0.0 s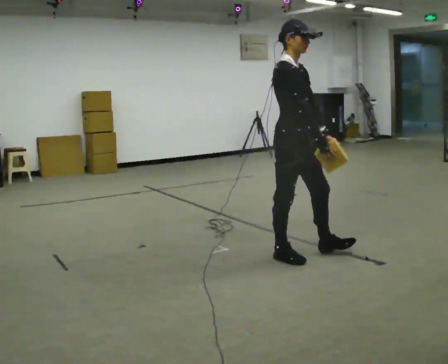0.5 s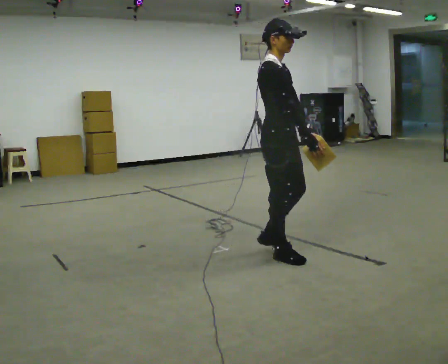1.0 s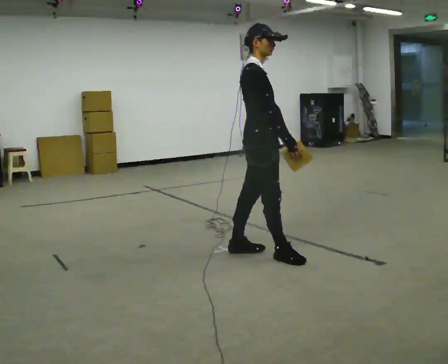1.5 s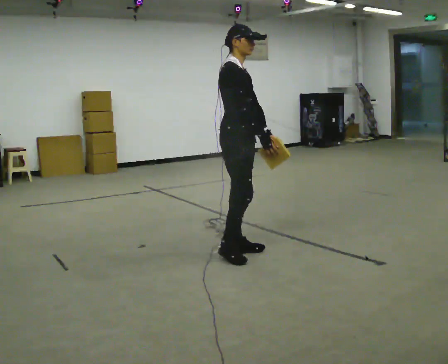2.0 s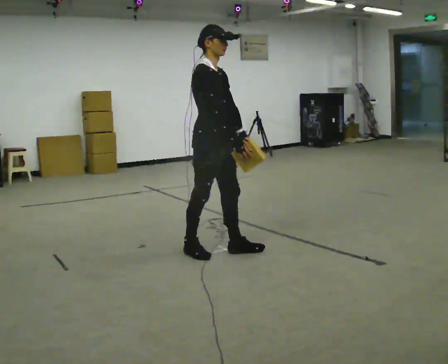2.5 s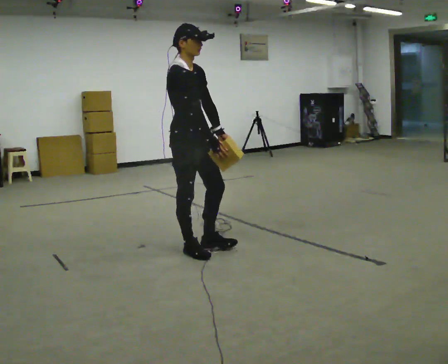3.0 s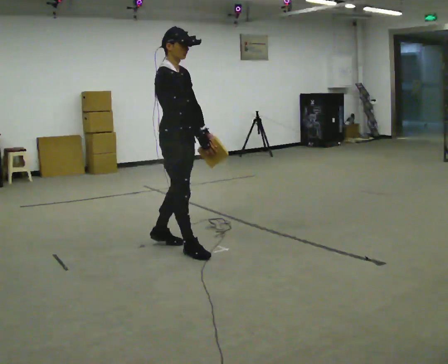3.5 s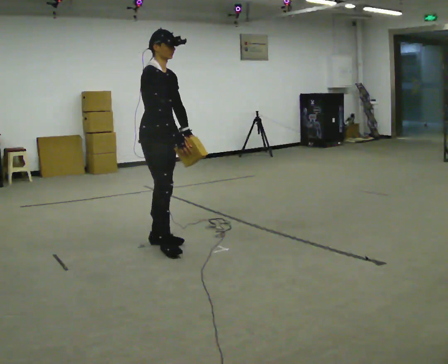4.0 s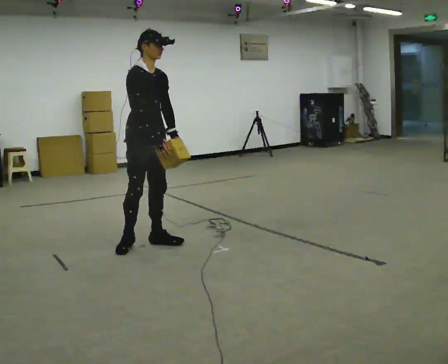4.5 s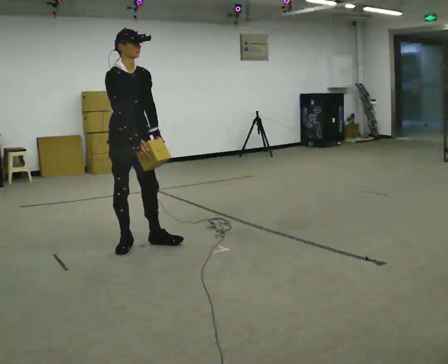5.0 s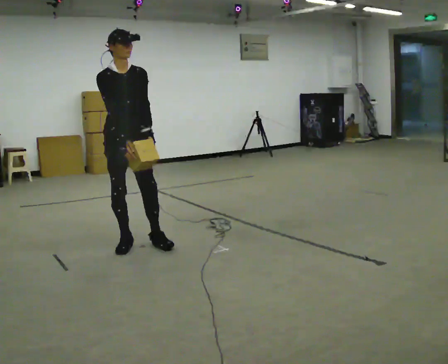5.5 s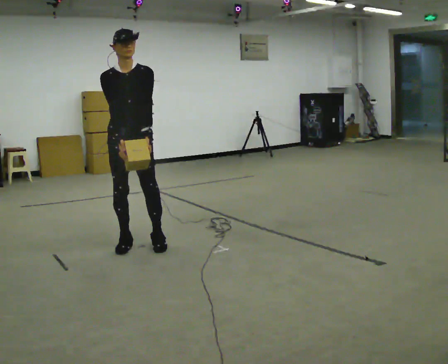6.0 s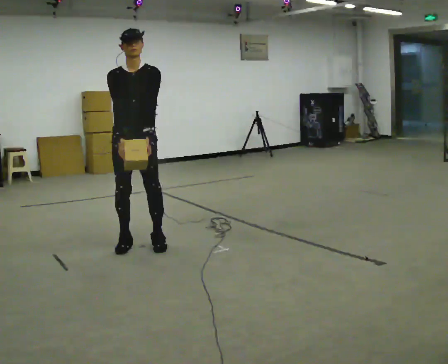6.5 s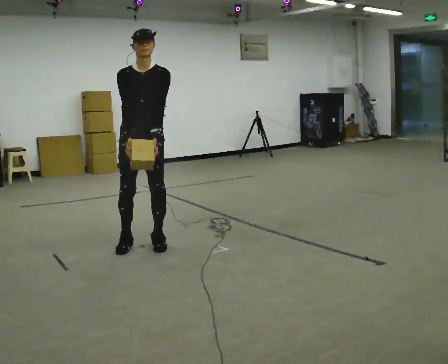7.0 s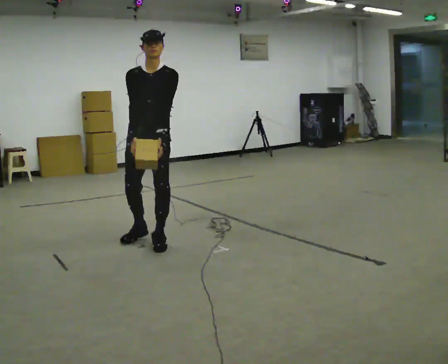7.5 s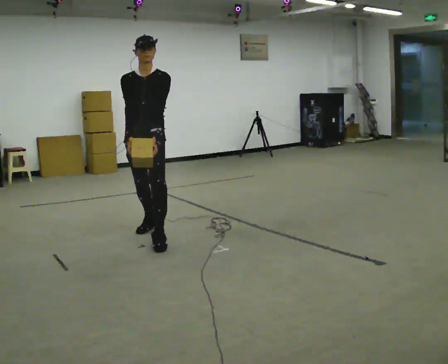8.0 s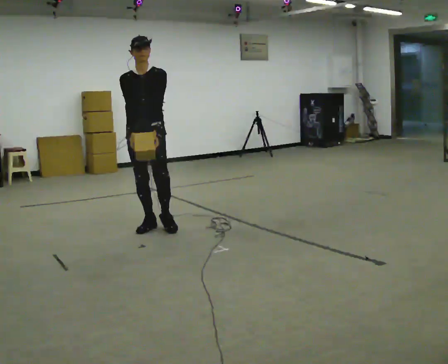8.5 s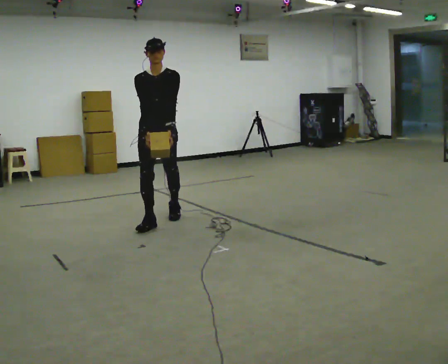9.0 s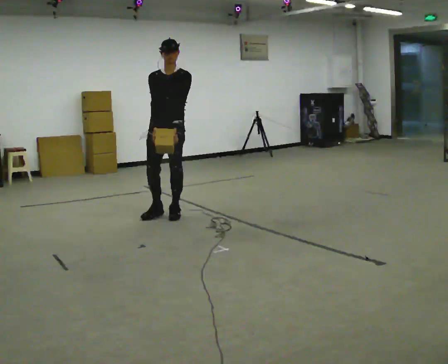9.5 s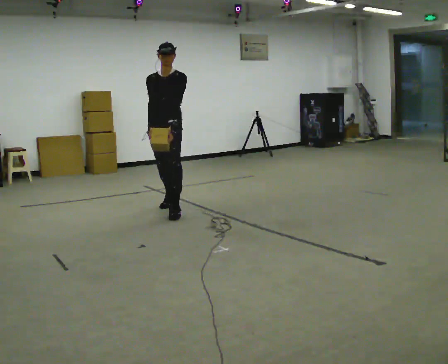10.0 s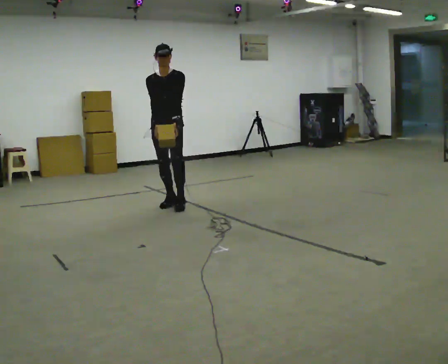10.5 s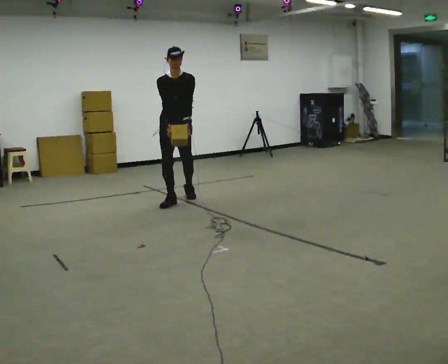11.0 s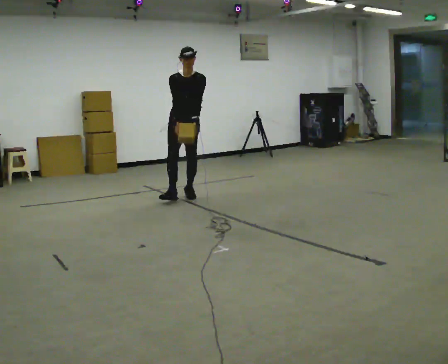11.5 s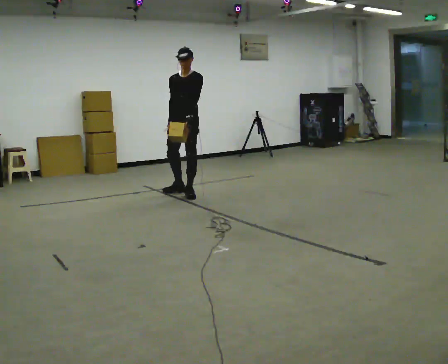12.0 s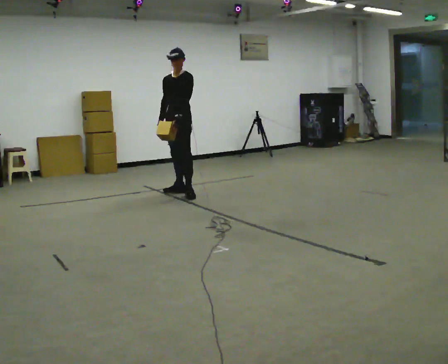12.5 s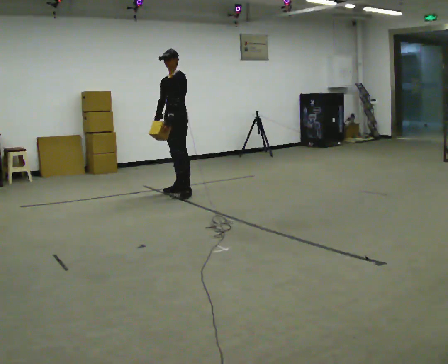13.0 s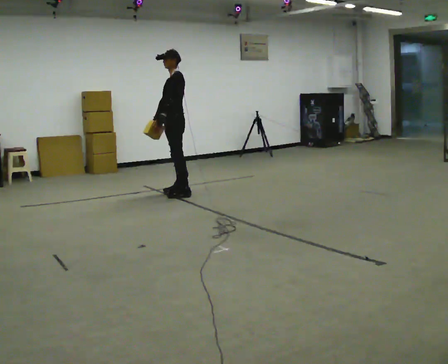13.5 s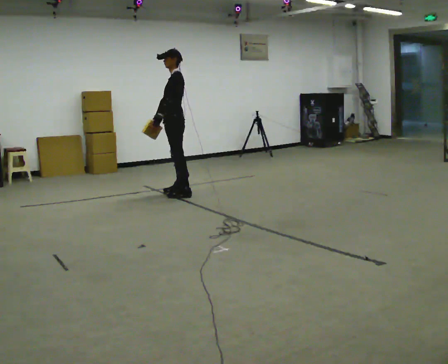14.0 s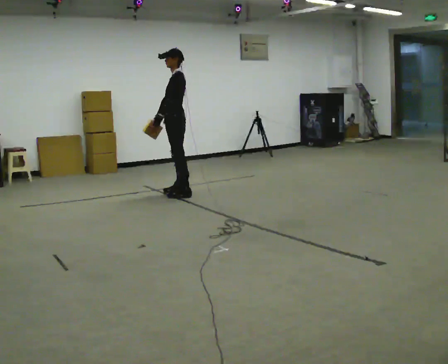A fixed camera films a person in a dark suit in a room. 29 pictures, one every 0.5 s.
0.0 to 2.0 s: In the picture they go to the left and away from the camera, about 0.5 m in 2 steps, which for them is backward.
2.0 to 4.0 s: In the picture they go to the left and away from the camera, about 0.5 m in 2 steps, which for them is backward.
4.0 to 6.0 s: The part of the body nearest the lens slides to the left as the person turns to their right by about 45 degrees.
6.0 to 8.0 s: In the picture they go away from the camera, about 0.5 m in 2 steps, which for them is backward.
8.0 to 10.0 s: In the picture they go away from the camera, about 1 m in 2 steps, which for them is backward.
10.0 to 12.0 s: The part of the body nearest the lens slides to the left as the person turns to their right by about 30 degrees. In the picture they go away from the camera, about 0.5 m in 1 step, which for them is backward.
12.0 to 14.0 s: Seen from above the body turns clockwise, about 45 degrees: to their right, with its near side sliding to the left.
The film runs backward here.
